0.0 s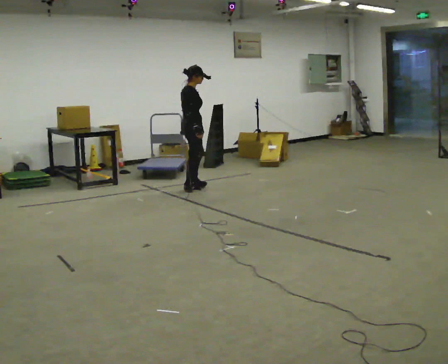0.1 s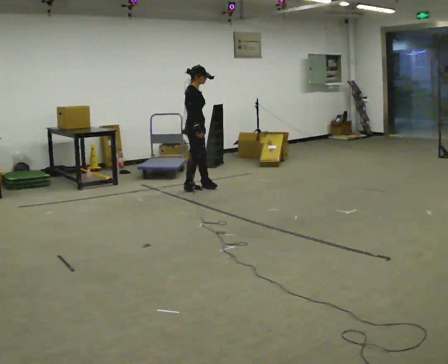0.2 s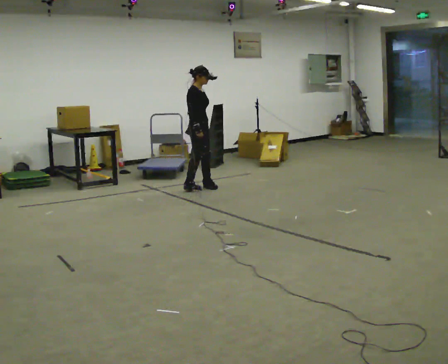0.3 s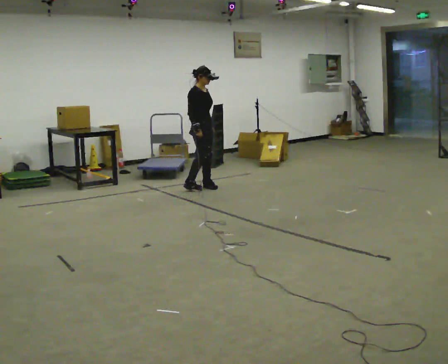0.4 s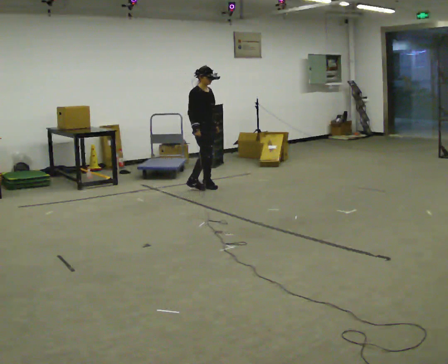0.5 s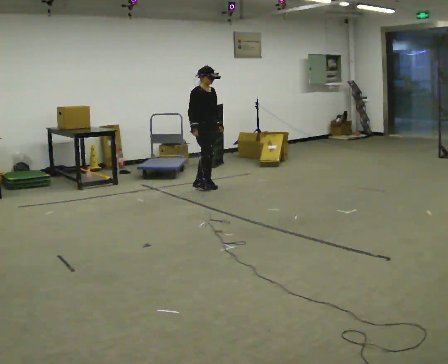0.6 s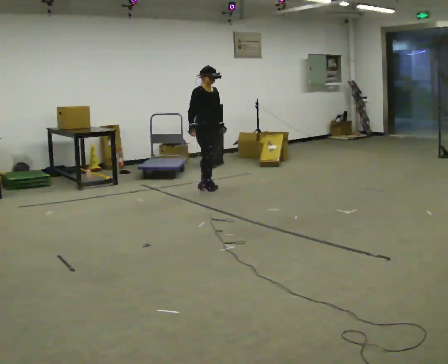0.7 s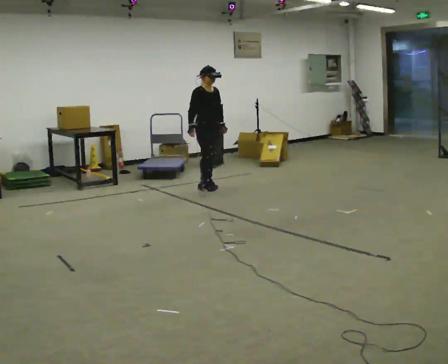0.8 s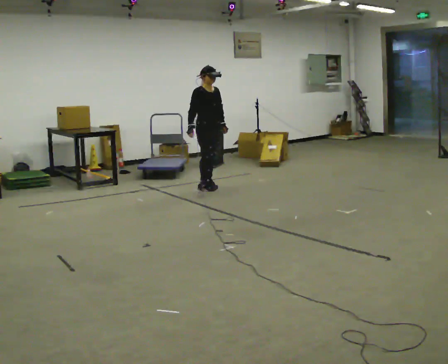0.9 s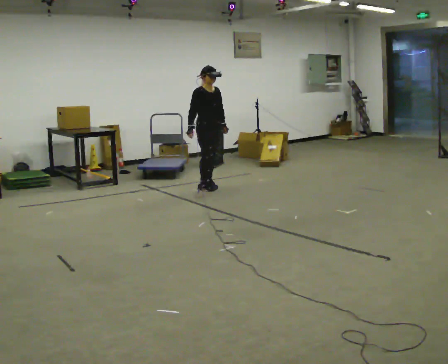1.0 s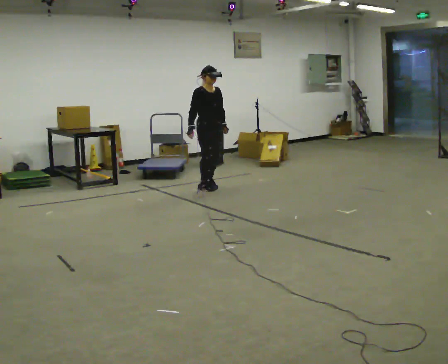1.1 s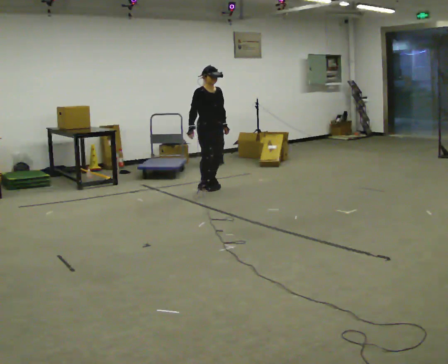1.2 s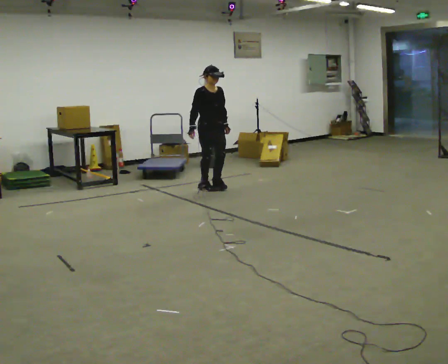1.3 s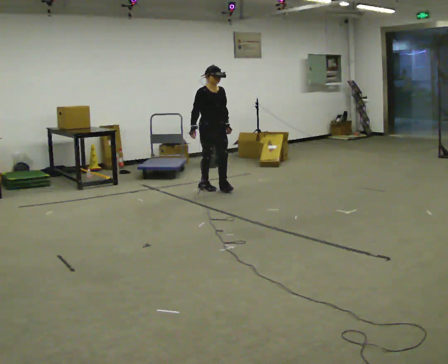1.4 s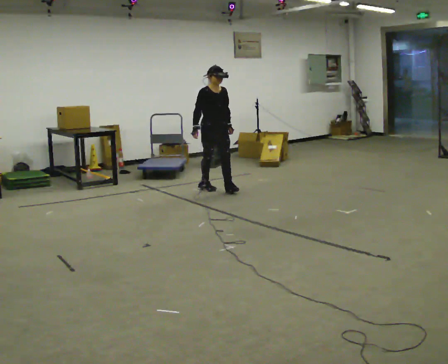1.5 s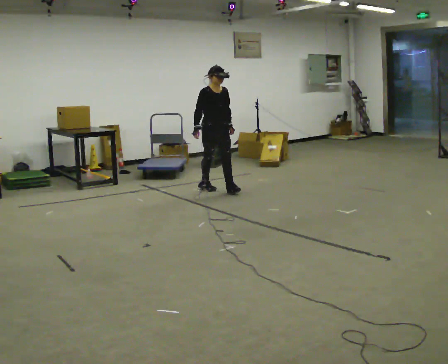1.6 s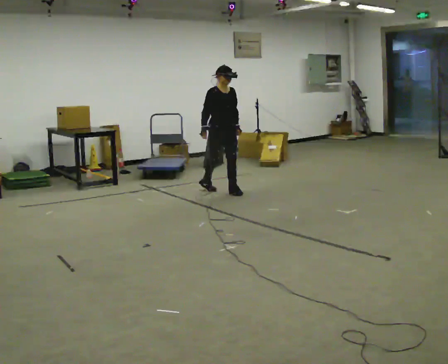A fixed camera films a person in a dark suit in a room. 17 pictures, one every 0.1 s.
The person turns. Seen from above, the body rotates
clockwise.
The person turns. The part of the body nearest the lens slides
to the left.
0.0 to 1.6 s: The part of the body nearest the lens slides to the left as the person turns to their right by about 75 degrees. In the picture they go to the right and toward the camera, about 0.5 m in 3 steps.
The film runs forward here.
